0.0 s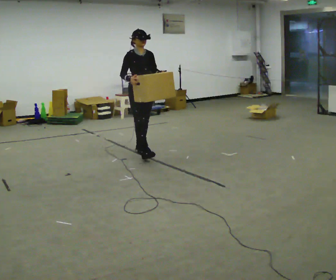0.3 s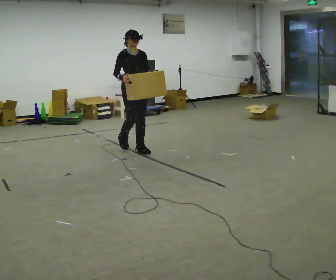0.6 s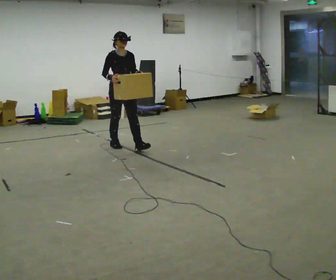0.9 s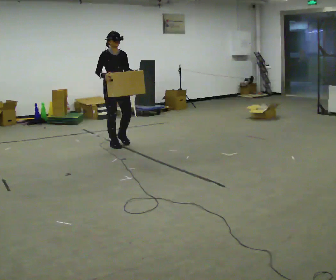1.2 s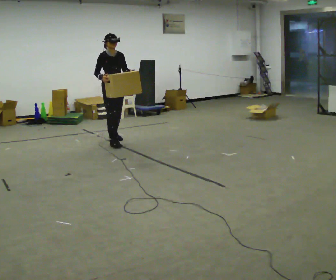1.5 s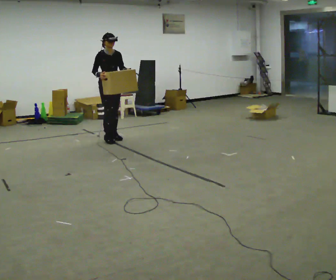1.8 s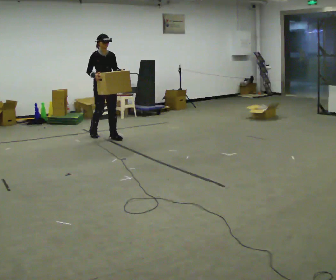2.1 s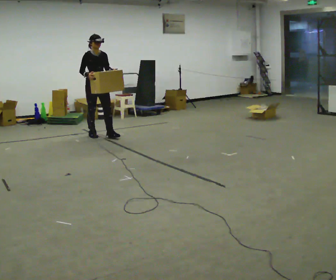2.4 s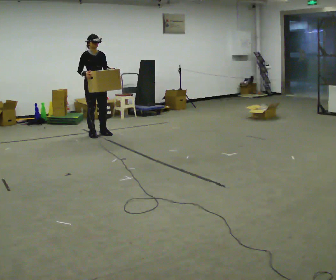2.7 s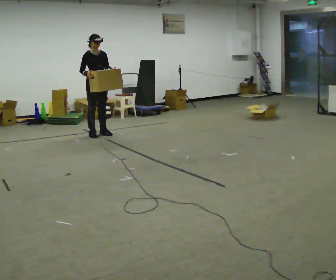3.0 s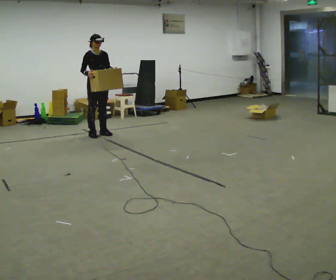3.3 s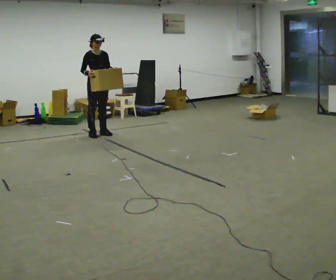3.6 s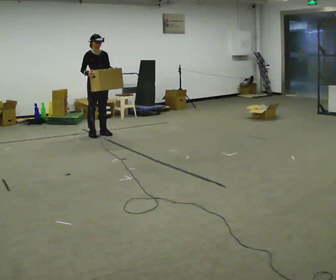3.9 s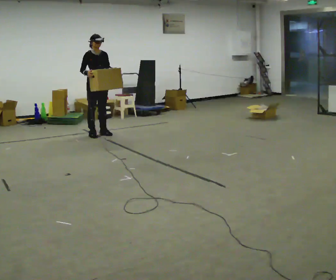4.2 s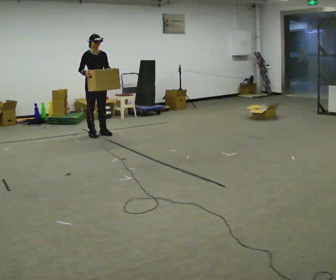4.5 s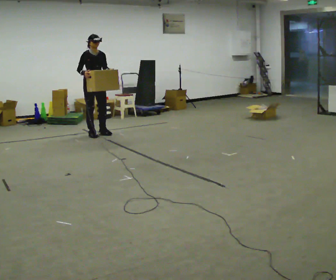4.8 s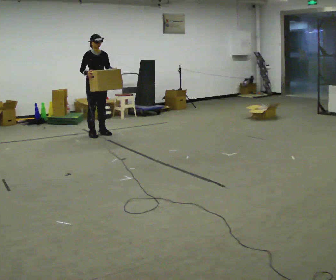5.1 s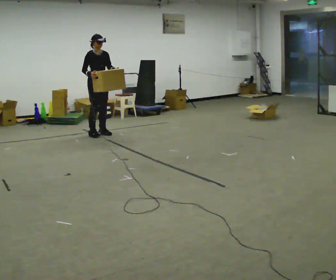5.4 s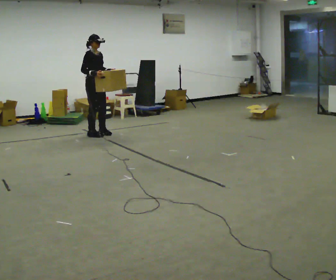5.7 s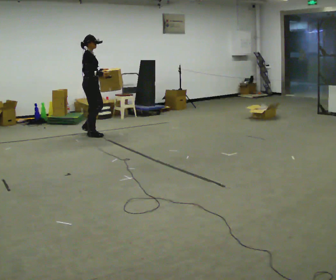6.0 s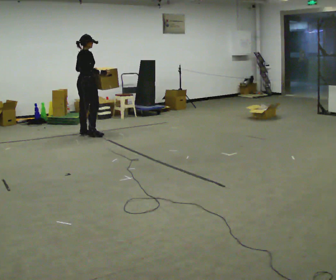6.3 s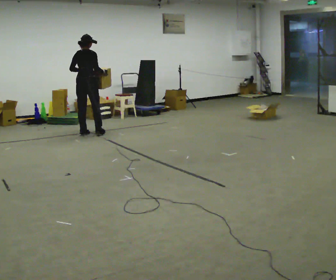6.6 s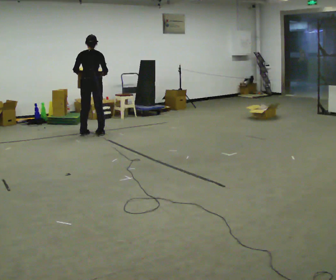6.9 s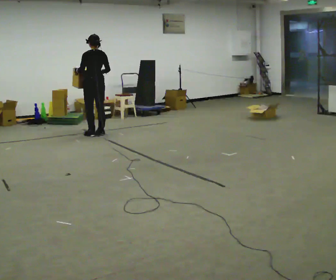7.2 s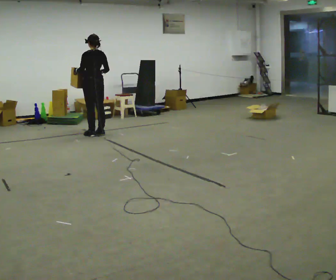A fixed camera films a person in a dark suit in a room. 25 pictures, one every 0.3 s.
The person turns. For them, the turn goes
to their left.
The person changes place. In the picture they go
away from the camera.
0.0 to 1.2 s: In the picture they go away from the camera and to the left, about 1 m in 1 step, which for them is backward.
1.2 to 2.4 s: In the picture they go away from the camera and to the left, about 0.5 m in 2 steps, which for them is backward.
2.4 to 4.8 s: The person moves a little, or ends about where they began.
4.8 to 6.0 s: Seen from above the body turns counterclockwise, about 90 degrees: to their left, with its near side sliding to the right. In the picture they go to the left, about 0.25 m in 1 step.
6.0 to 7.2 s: Seen from above the body turns counterclockwise, about 90 degrees: to their left, with its near side sliding to the right.
The film runs backward here.
